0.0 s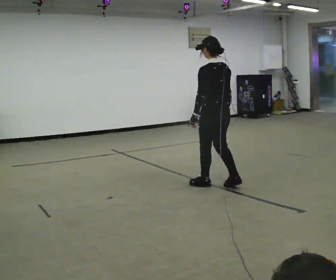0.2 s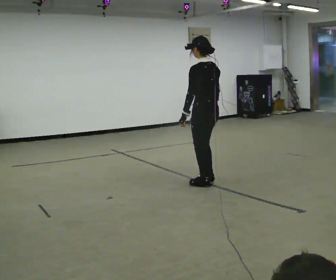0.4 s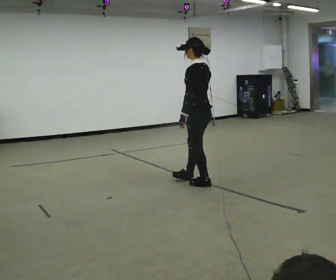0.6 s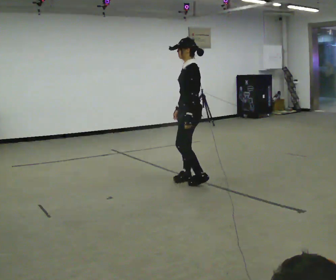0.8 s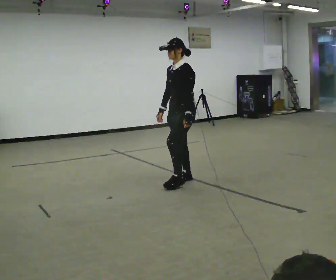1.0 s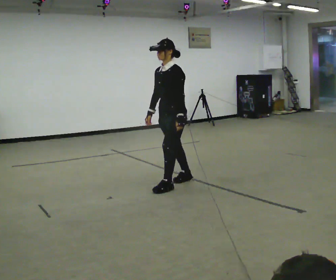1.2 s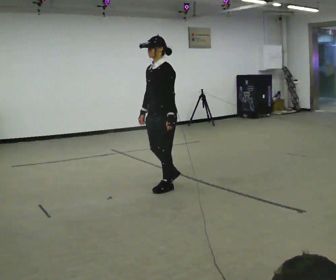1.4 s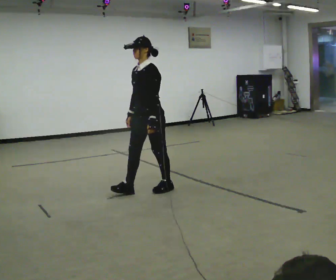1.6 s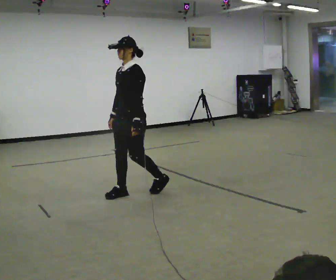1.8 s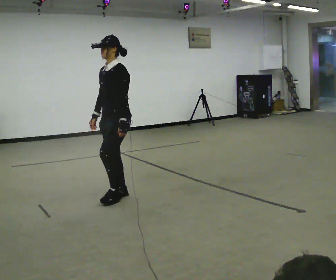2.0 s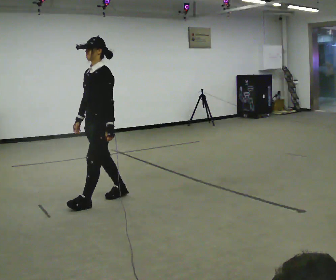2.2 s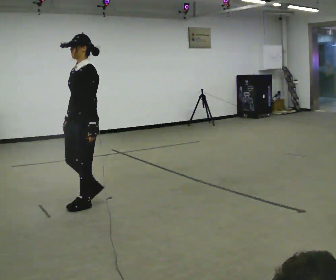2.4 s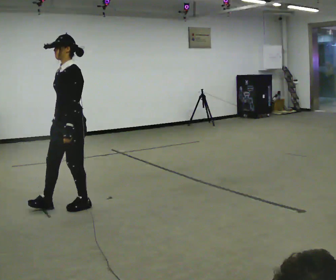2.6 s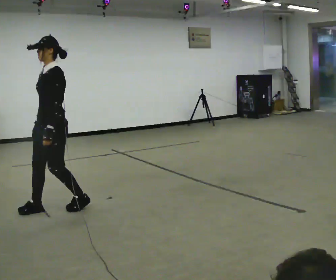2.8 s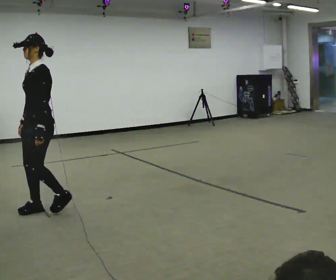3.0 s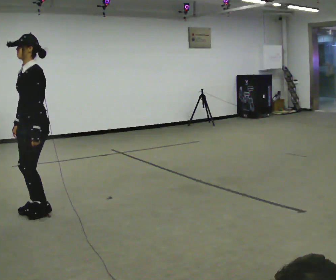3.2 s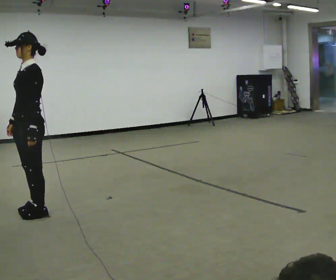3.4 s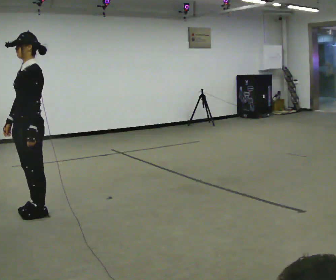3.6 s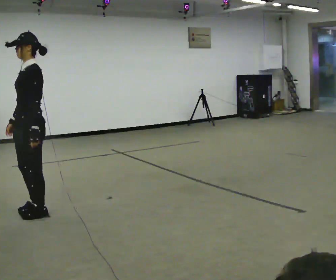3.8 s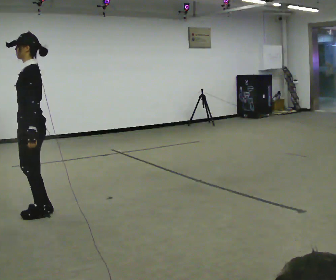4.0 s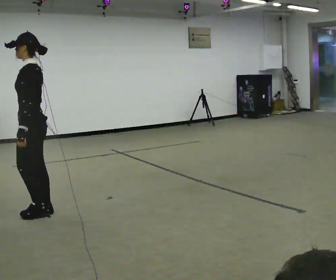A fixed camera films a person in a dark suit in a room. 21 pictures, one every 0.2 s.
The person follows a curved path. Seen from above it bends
counterclockwise.
The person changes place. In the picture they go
to the left.
0.0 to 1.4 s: The part of the body nearest the lens slides to the right as the person turns to their left by about 90 degrees. In the picture they go to the left, about 0.75 m in 2 steps.
1.4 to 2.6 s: In the picture they go to the left and toward the camera, about 1 m in 3 steps, which for them is forward.
2.6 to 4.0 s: The part of the body nearest the lens slides to the left as the person turns to their right by about 30 degrees. In the picture they go to the left and toward the camera, about 0.25 m, which for them is forward.
The film runs backward here.
